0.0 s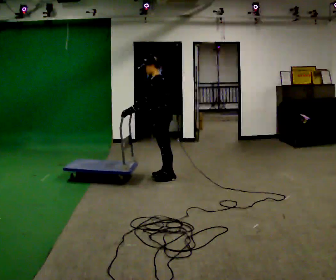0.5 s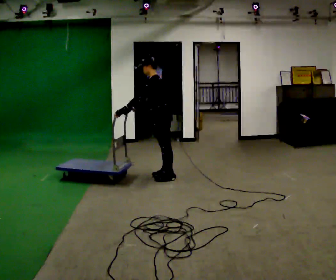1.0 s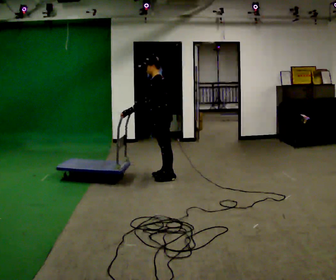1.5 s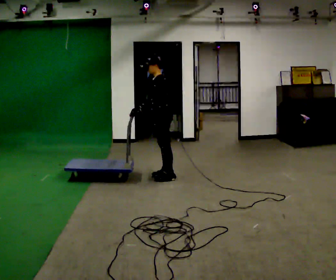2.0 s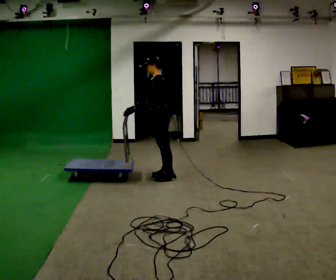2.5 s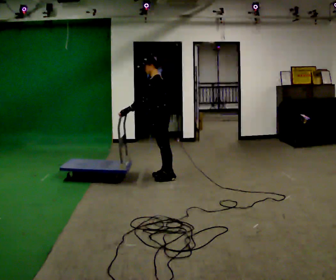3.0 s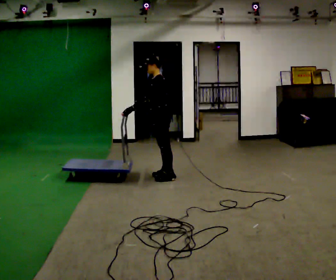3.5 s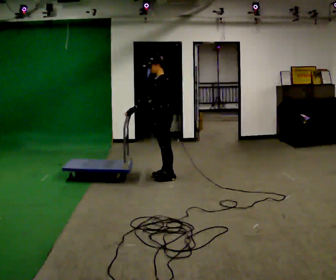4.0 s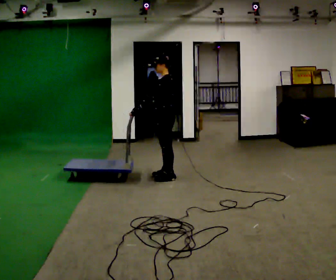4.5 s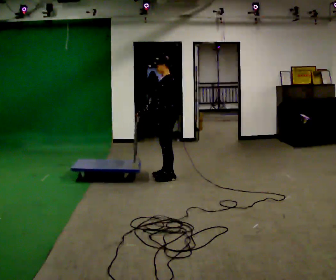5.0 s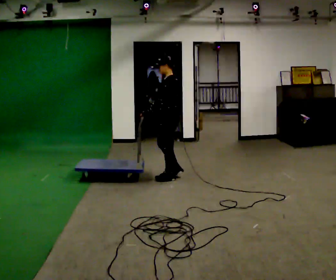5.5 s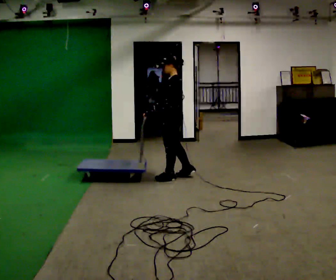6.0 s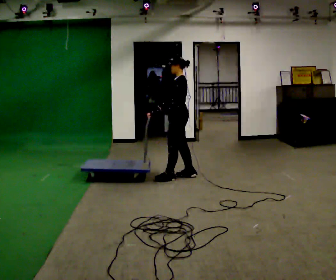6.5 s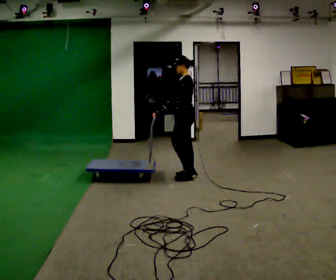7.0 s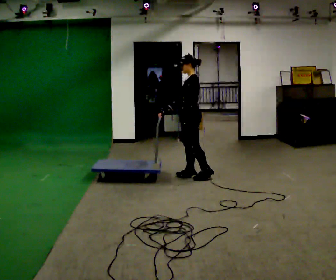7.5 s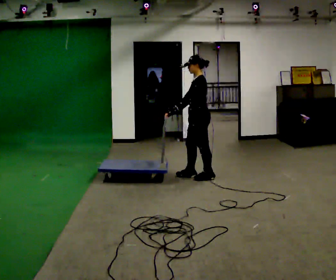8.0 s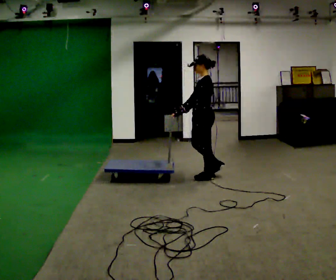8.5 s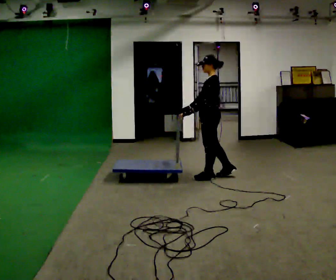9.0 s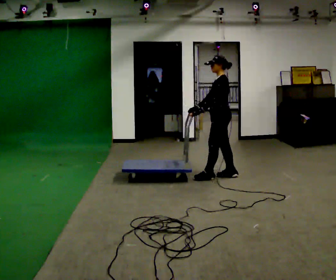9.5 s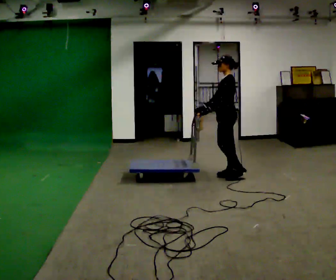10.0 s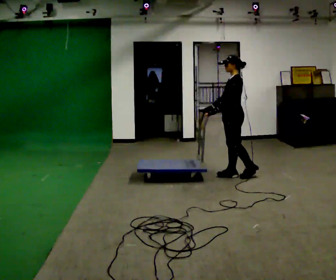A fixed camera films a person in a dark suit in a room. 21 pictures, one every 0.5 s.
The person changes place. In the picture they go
to the right.
0.0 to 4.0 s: The person moves a little, or ends about where they began.
4.0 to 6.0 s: In the picture they go to the right, about 0.25 m in 1 step, which for them is backward.
6.0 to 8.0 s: In the picture they go to the right, about 0.25 m in 1 step, which for them is backward and to their left.
8.0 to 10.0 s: In the picture they go to the right, about 0.5 m in 2 steps, which for them is backward.
The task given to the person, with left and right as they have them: Get the cart into the marked parking space and lined up with the tape. Take as many adjustments as you need. Then take it out again and repeat.
The film runs forward here.
